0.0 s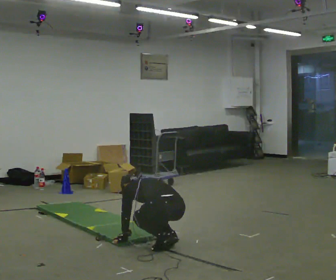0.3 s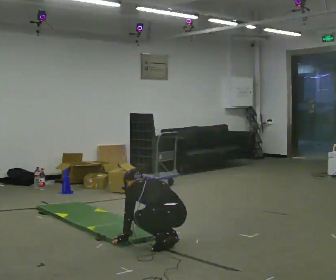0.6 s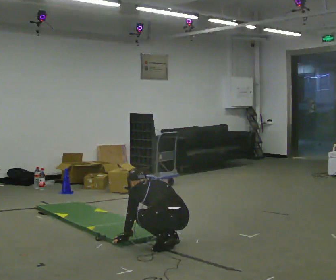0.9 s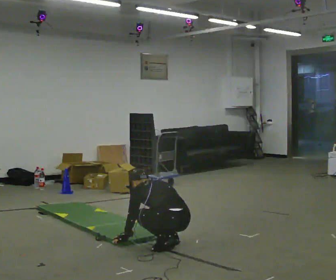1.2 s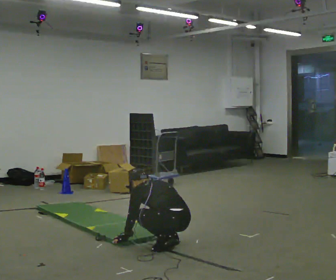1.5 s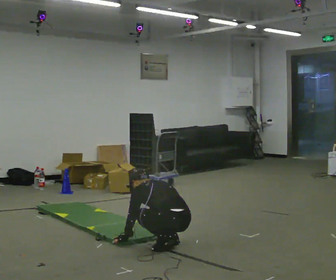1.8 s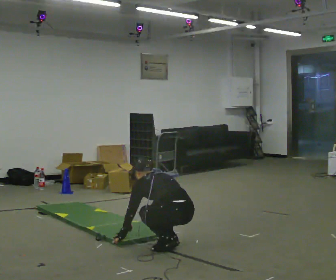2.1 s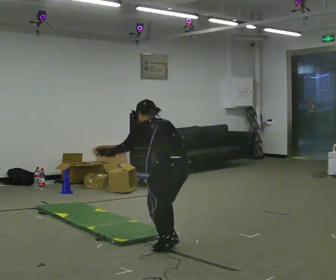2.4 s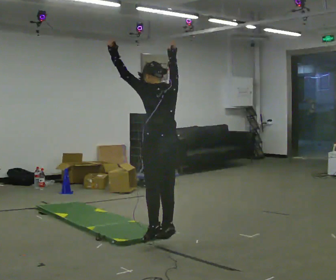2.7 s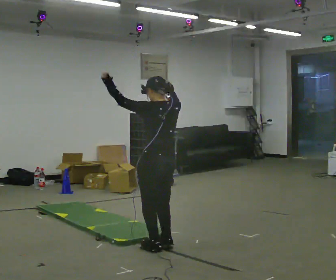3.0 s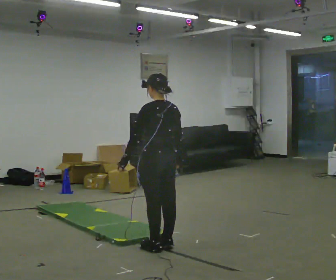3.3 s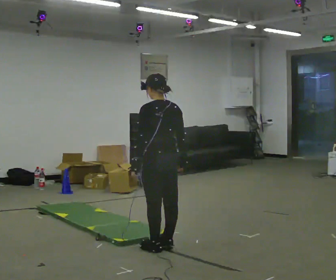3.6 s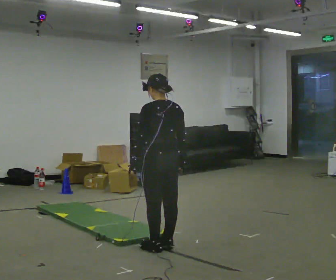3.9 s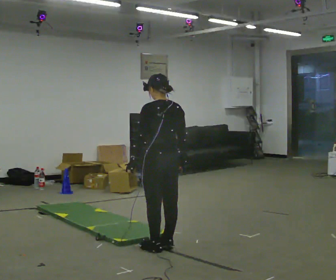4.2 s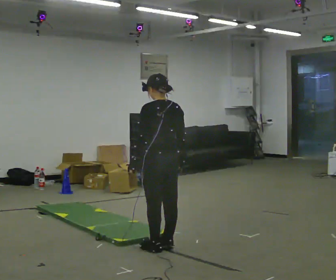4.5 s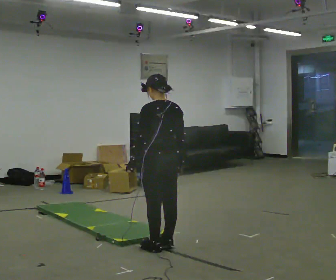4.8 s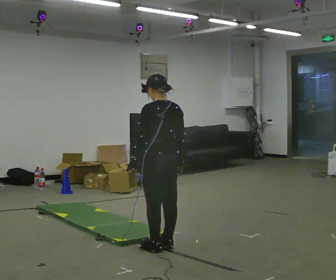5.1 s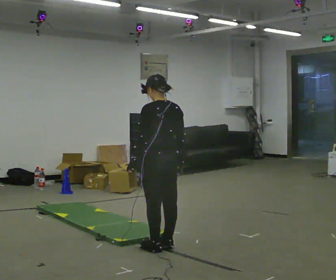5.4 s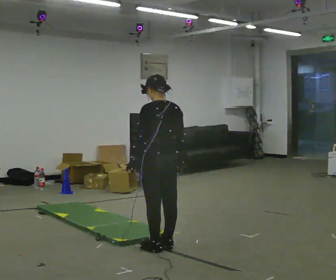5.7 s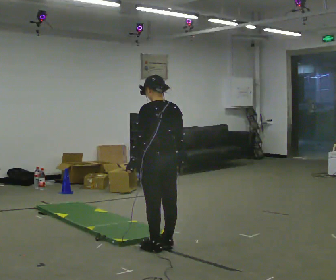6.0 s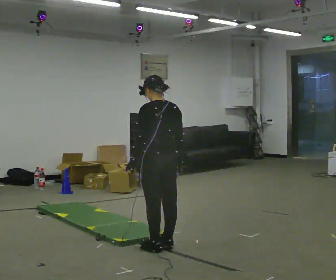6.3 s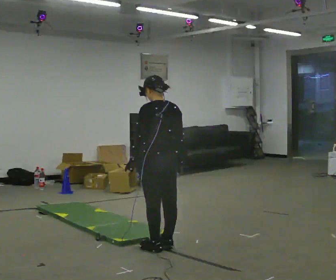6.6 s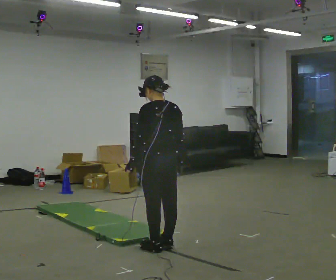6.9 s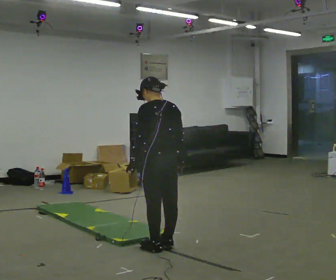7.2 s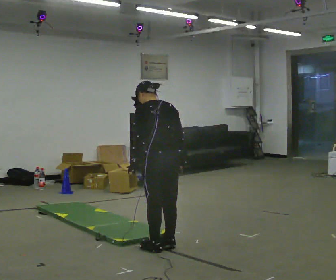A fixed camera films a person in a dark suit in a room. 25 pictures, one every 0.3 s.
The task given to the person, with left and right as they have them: From standing, drop to your hands, kick your feet back, return and jump up. Repeat the movement at your own pace until the operator says stop; do not rush.
0.0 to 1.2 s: The upper body tips toward the camera, its near side rolling downward, as they lean back or straighten.
1.2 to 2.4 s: In the picture they go to the left, about 0.25 m, which for them is forward. The upper body goes upward. The upper body tips toward the camera, its near side rolling downward, as they lean back or straighten. In the picture their right hand goes upward.
2.4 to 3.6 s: In the picture their right hand goes downward.
3.6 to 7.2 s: The person moves a little, or ends about where they began.
The film runs forward here.
